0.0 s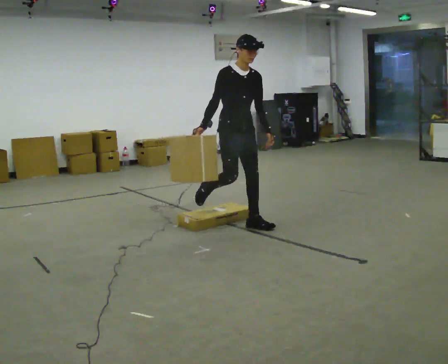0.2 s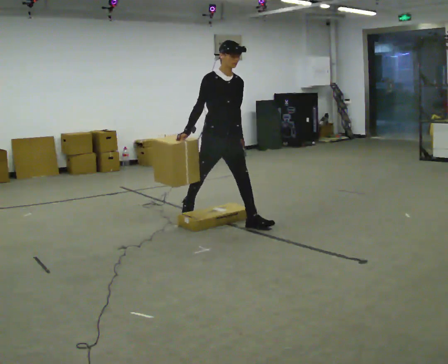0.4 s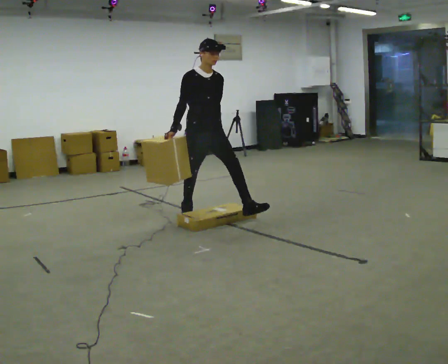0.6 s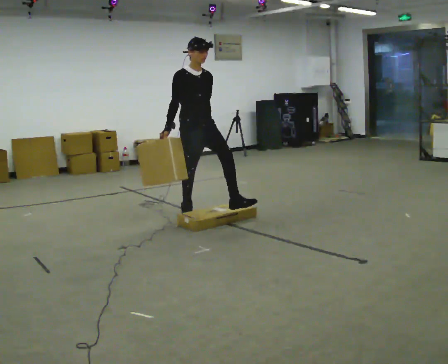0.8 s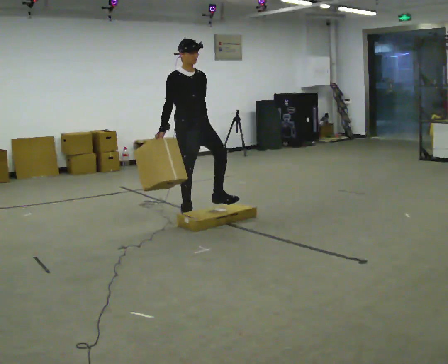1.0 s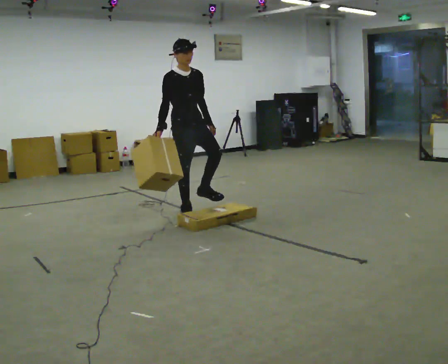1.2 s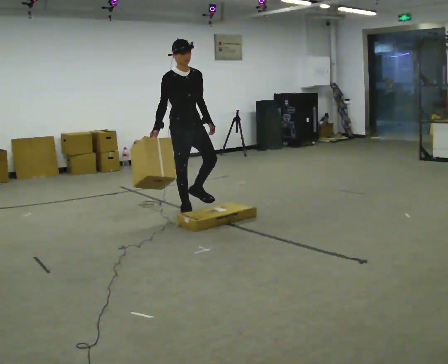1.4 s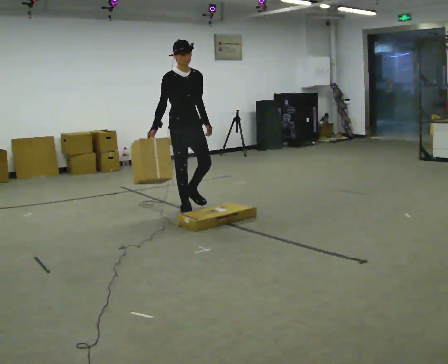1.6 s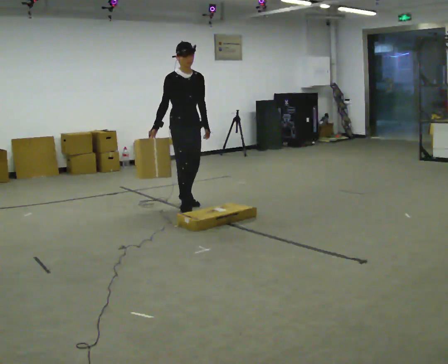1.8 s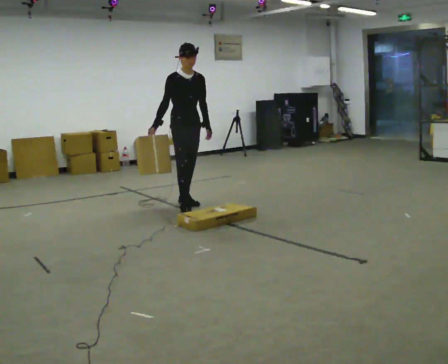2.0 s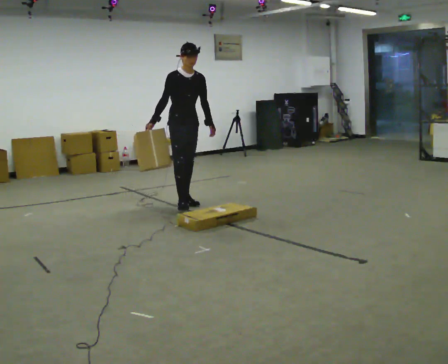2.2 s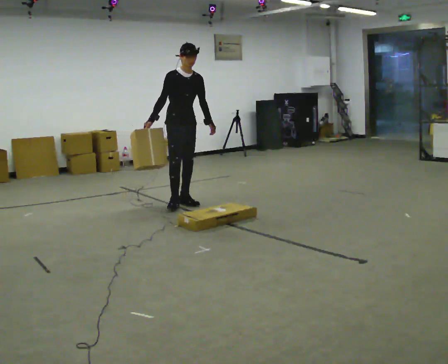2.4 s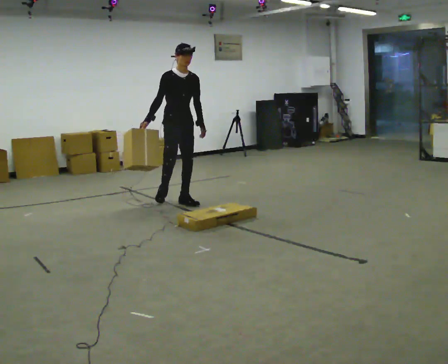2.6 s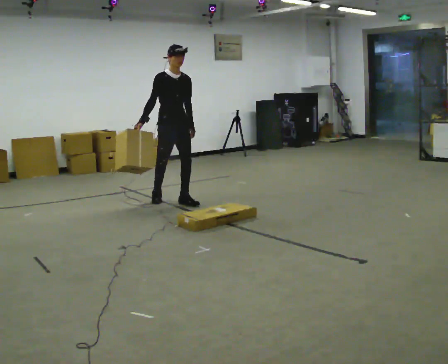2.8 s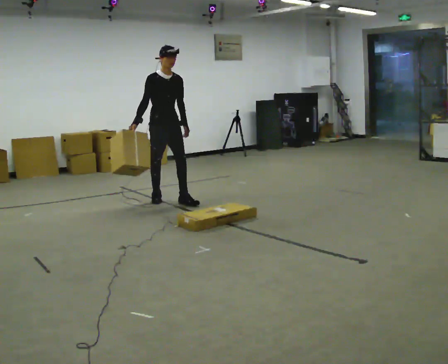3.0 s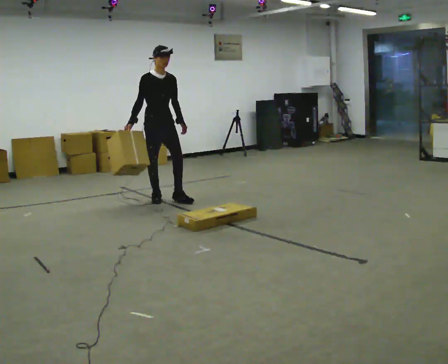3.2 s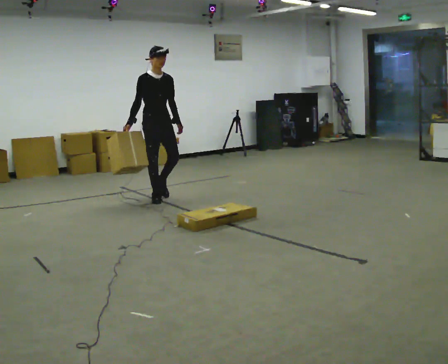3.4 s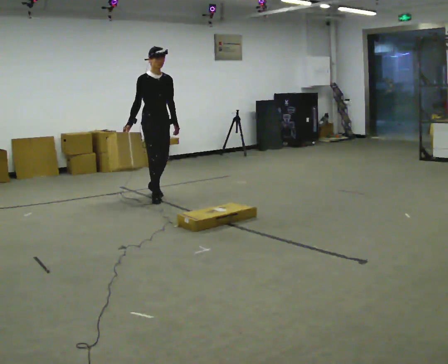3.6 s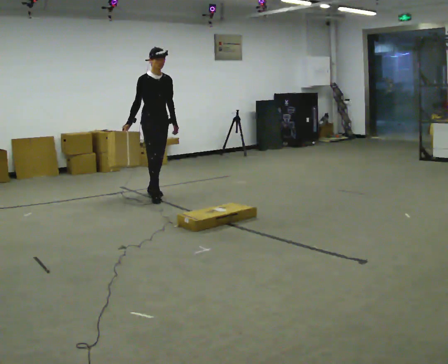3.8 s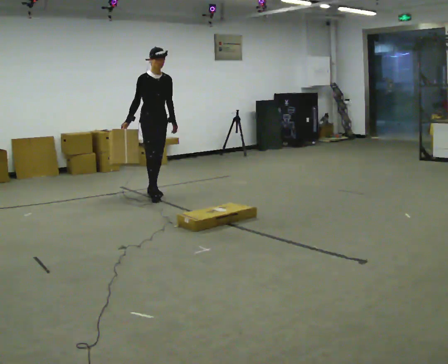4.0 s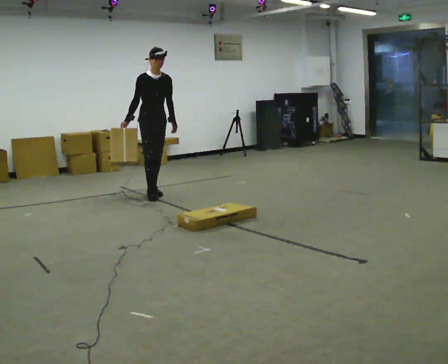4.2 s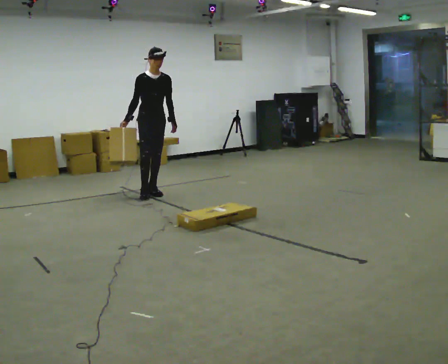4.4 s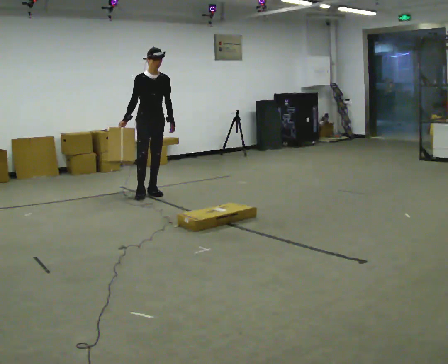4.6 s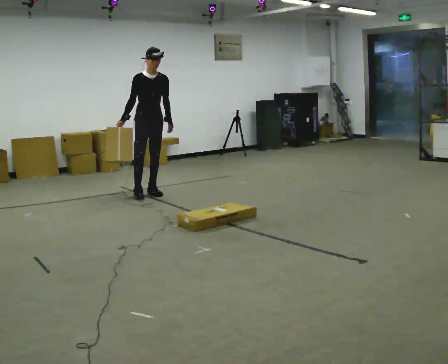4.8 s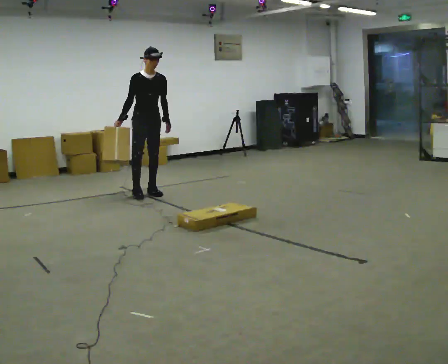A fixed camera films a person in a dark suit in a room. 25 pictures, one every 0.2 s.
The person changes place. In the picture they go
away from the camera.
0.0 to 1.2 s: In the picture they go away from the camera and to the left, about 0.75 m in 1 step, which for them is backward.
1.2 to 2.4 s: In the picture they go away from the camera, about 0.5 m in 1 step, which for them is backward and to their left.
2.4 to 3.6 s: In the picture they go away from the camera and to the left, about 0.5 m in 1 step, which for them is backward.
3.6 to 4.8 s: In the picture they go away from the camera, about 0.25 m in 1 step, which for them is backward.
The film runs backward here.
